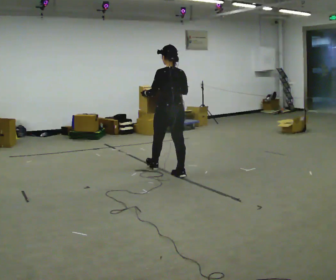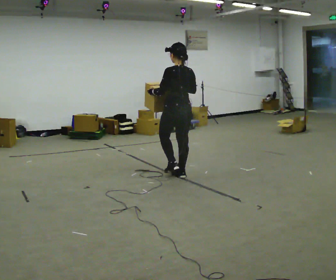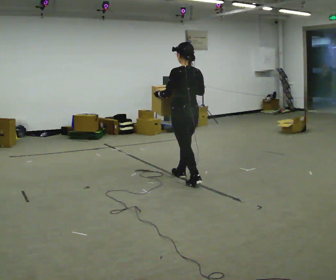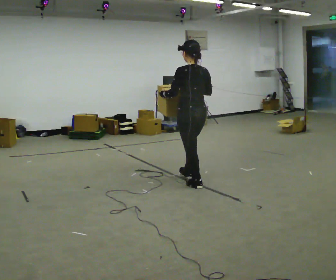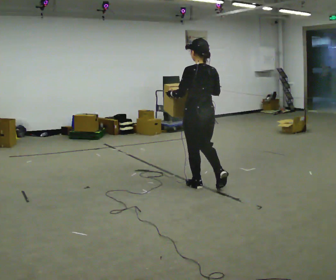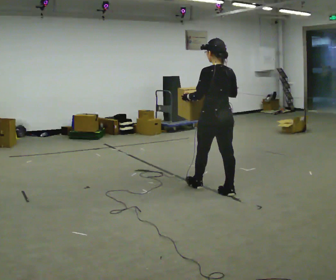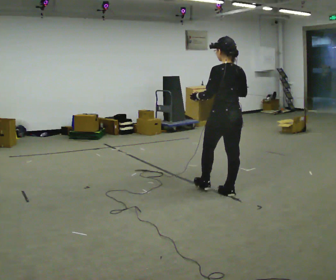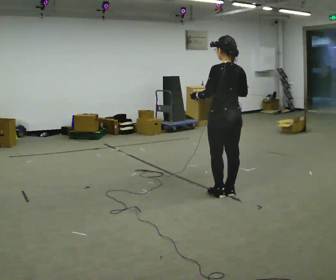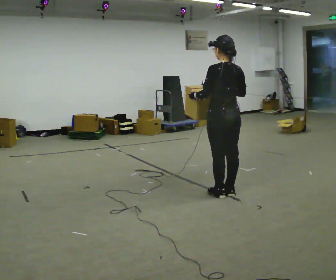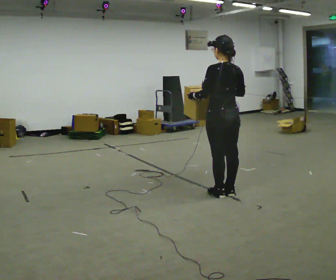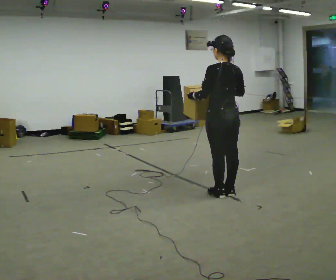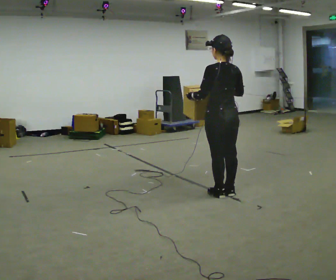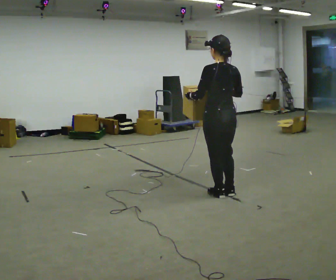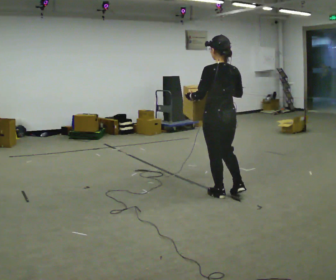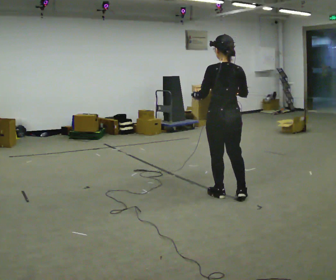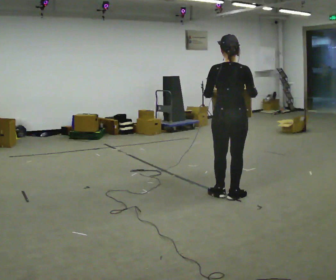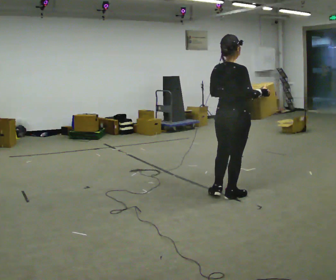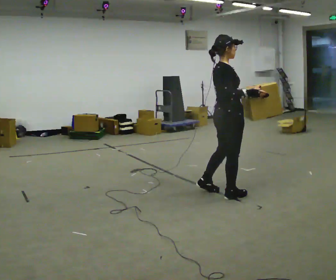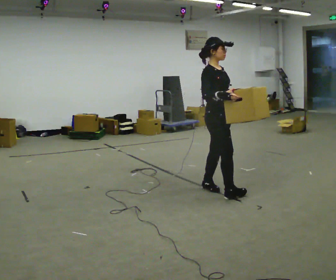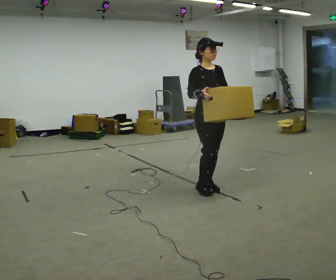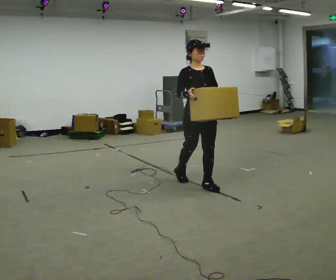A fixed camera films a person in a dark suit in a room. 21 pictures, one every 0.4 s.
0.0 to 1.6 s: In the picture they go toward the camera and to the right, about 0.5 m in 2 steps, which for them is backward.
1.6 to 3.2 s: In the picture they go to the right and toward the camera, about 0.25 m in 1 step, which for them is backward.
3.2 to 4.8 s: The person moves a little, or ends about where they began.
4.8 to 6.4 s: The part of the body nearest the lens slides to the left as the person turns to their right by about 60 degrees. In the picture their right hand goes to the right.
6.4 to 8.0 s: Seen from above the body turns clockwise, about 120 degrees: to their right, with its near side sliding to the left. In the picture they go to the left and away from the camera, about 0.5 m in 2 steps.
The film runs backward here.
